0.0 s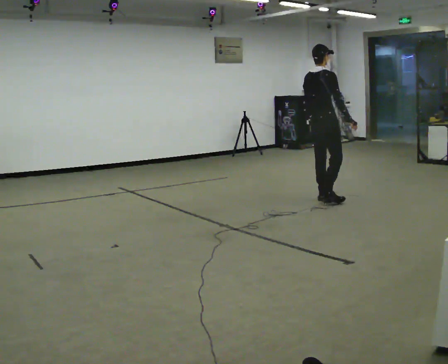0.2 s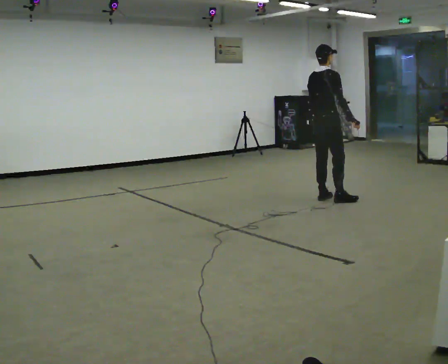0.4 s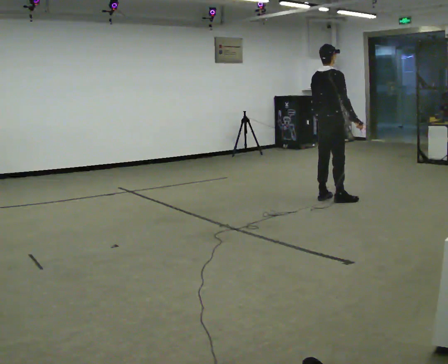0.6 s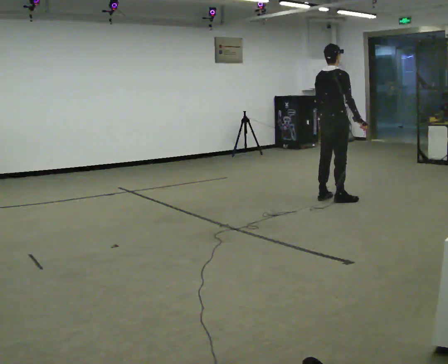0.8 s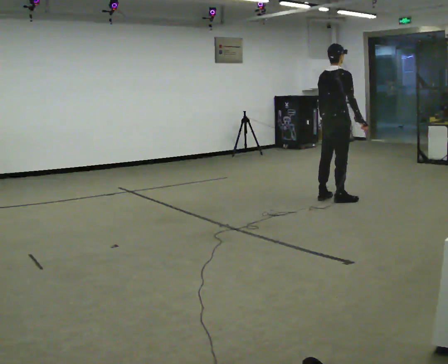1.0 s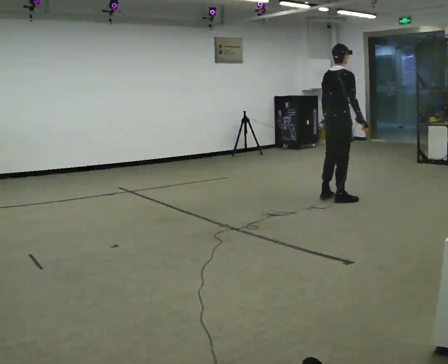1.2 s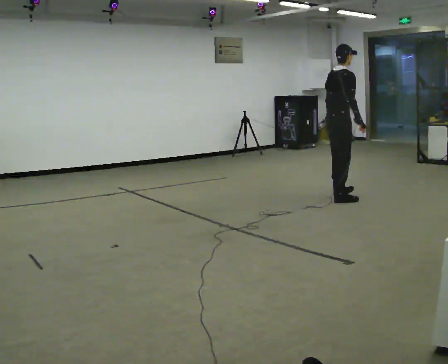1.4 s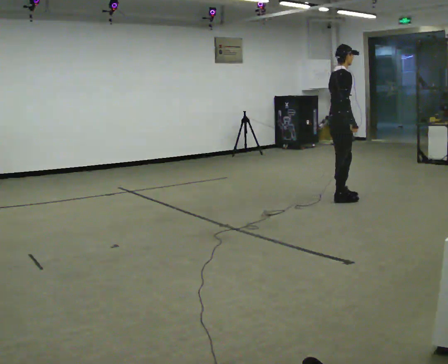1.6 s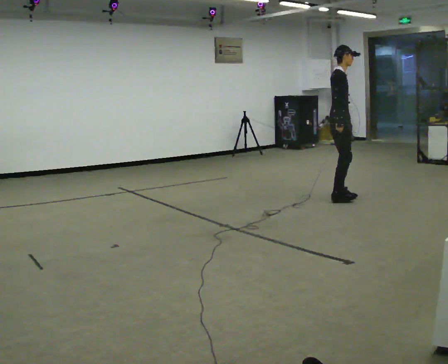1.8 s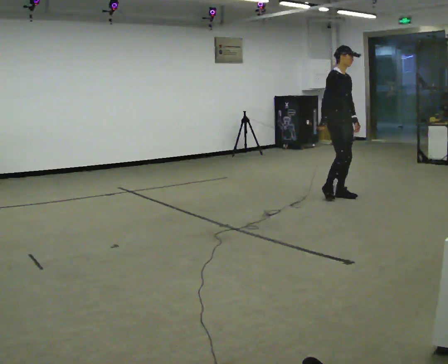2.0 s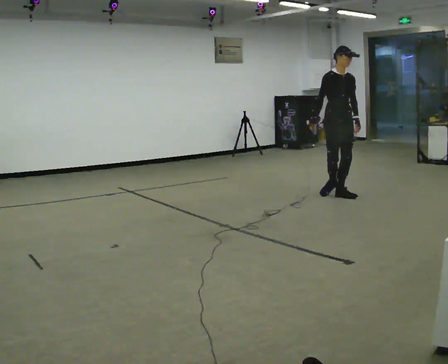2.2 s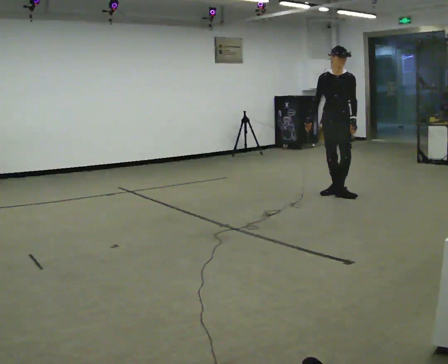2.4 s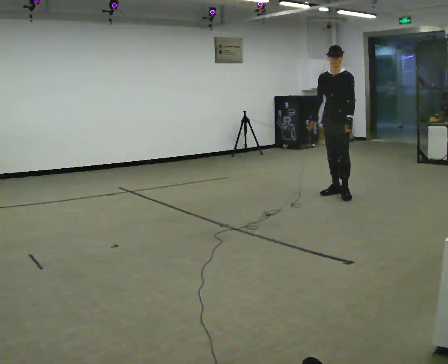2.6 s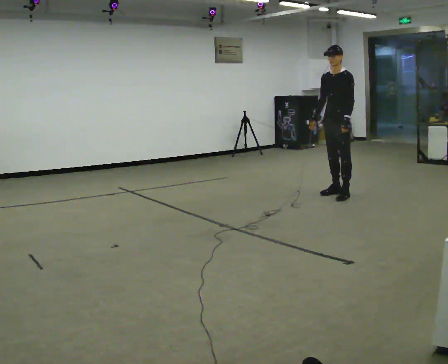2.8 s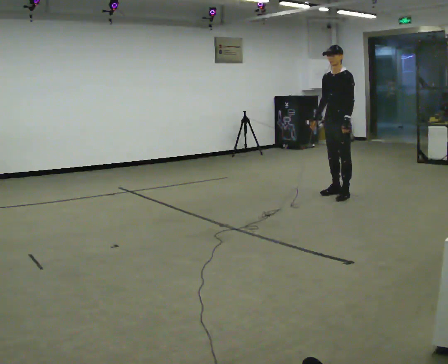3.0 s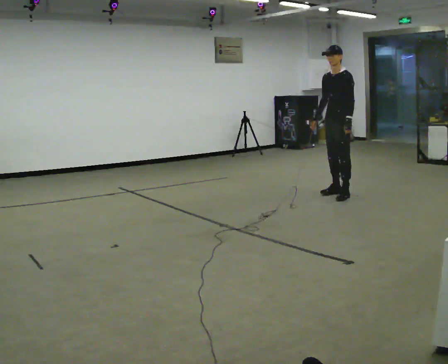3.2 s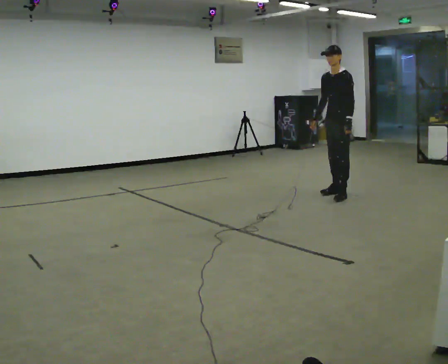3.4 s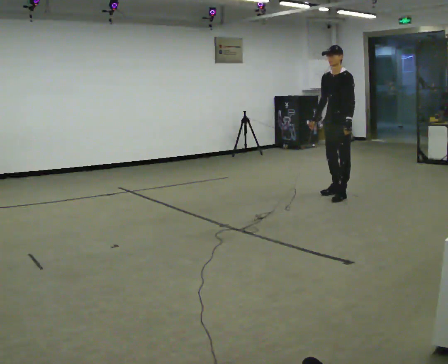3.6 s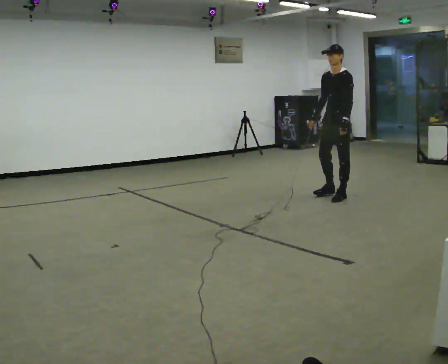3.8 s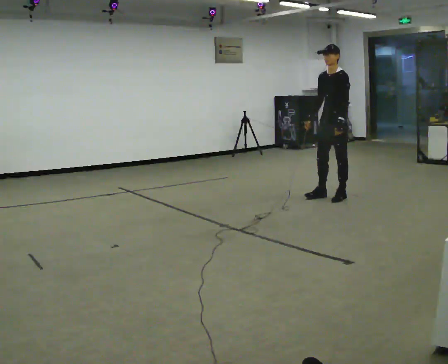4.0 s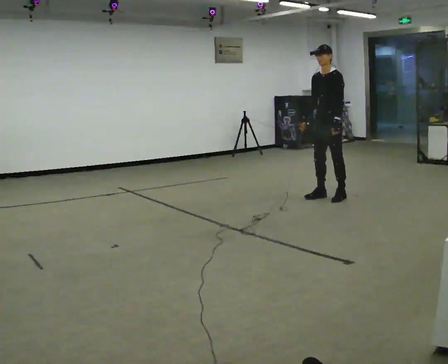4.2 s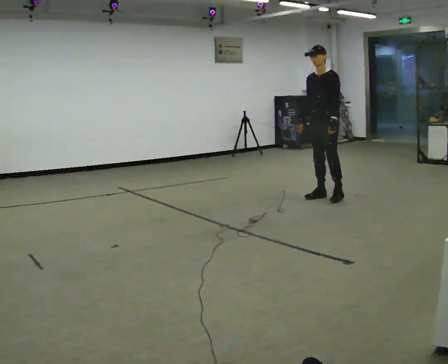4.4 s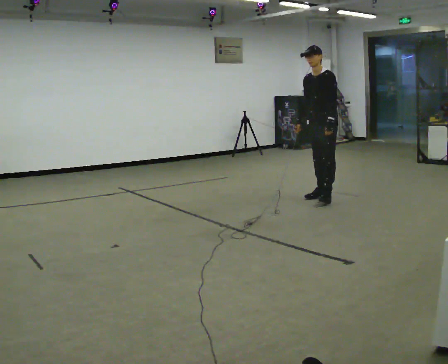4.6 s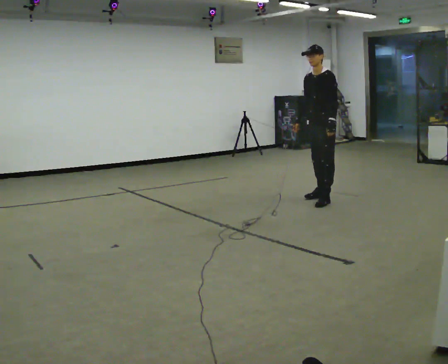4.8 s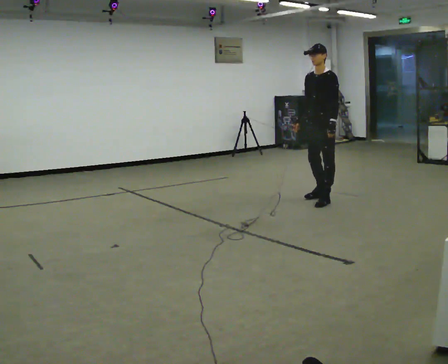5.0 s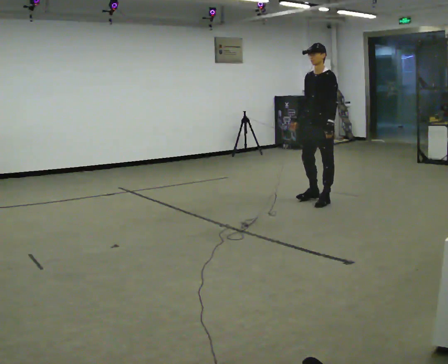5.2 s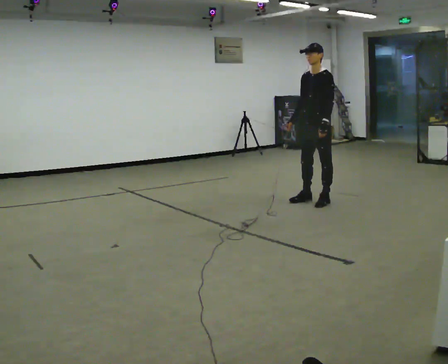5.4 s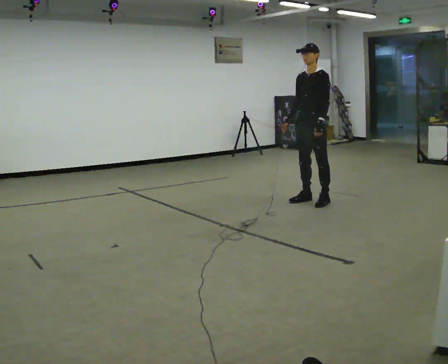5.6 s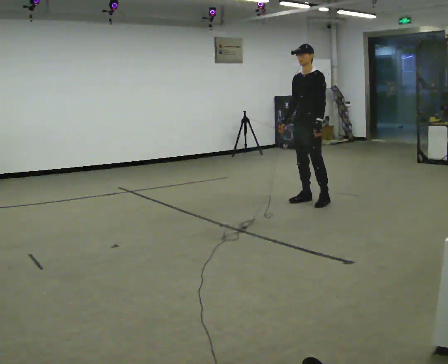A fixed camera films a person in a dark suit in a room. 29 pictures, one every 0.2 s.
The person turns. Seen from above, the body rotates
clockwise.
The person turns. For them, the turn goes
to their right.
0.0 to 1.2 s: In the picture they go to the right, about 0.25 m in 1 step, which for them is forward.
1.2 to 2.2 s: The person turns about 120 degrees to their right, clockwise seen from above, so the part of the body nearest the lens slides to the left. In the picture they go away from the camera, about 0.25 m in 1 step.
2.2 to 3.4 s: The person turns about 45 degrees to their right, clockwise seen from above, so the part of the body nearest the lens slides to the left.
3.4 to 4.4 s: In the picture they go to the left, about 0.25 m in 2 steps, which for them is forward.
4.4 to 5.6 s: In the picture they go toward the camera and to the left, about 0.25 m in 1 step, which for them is forward.
The film runs backward here.
